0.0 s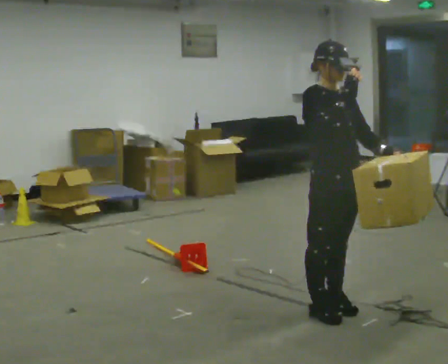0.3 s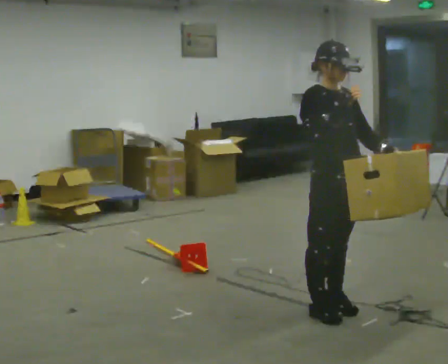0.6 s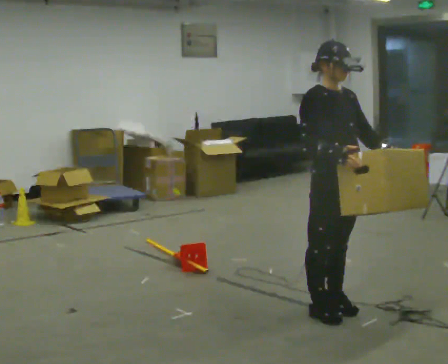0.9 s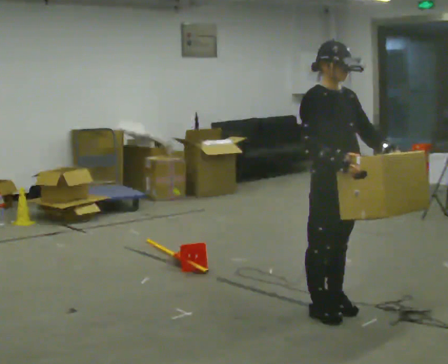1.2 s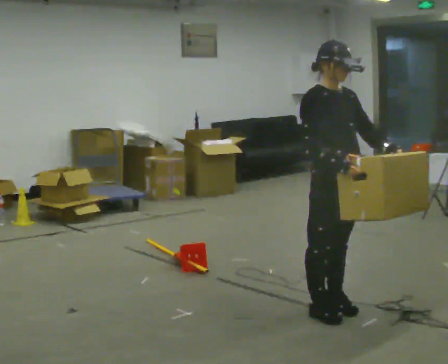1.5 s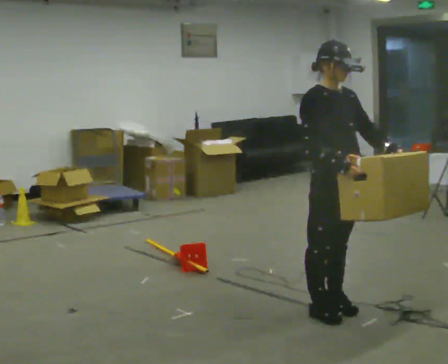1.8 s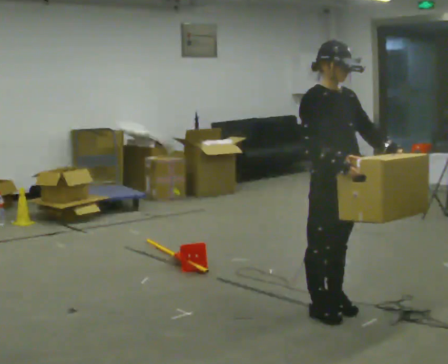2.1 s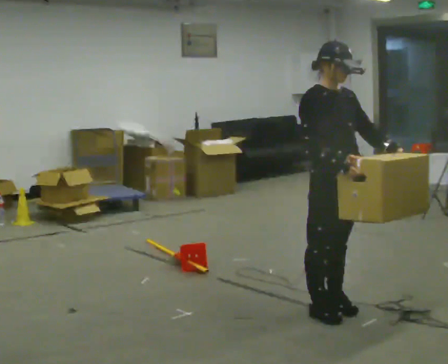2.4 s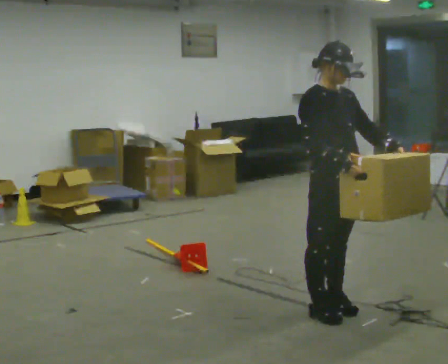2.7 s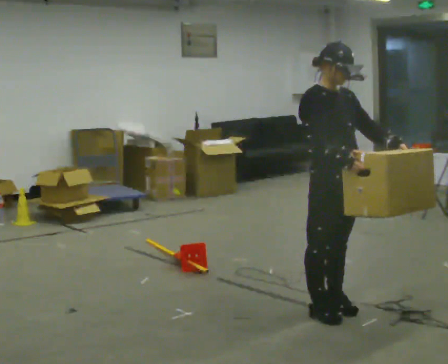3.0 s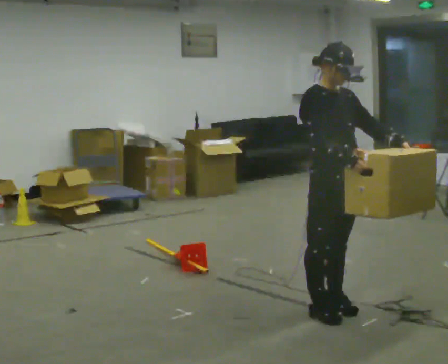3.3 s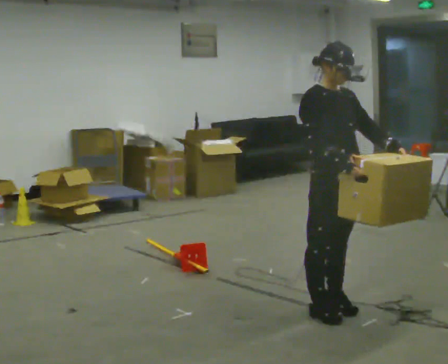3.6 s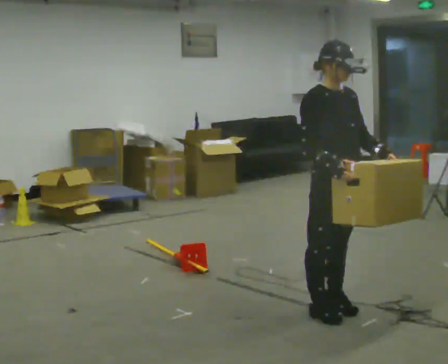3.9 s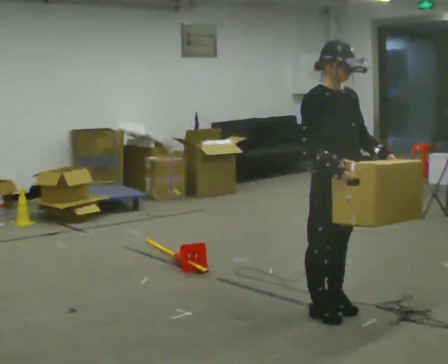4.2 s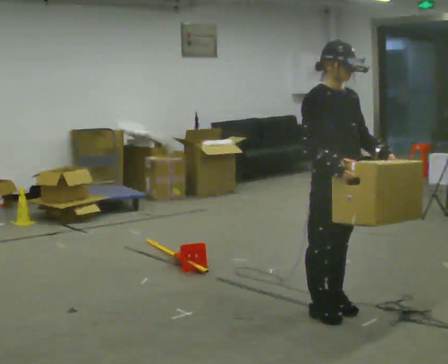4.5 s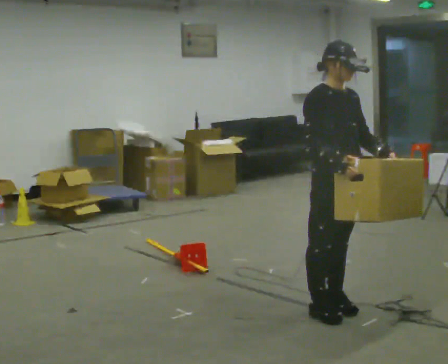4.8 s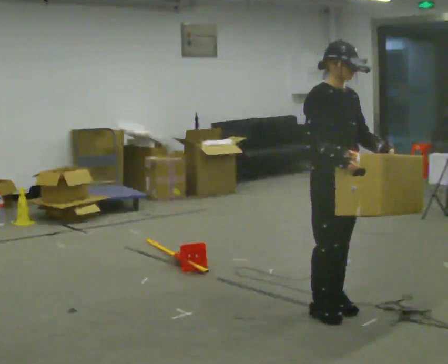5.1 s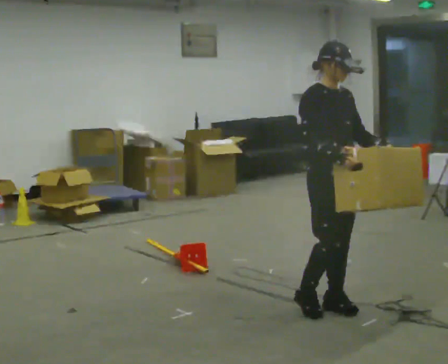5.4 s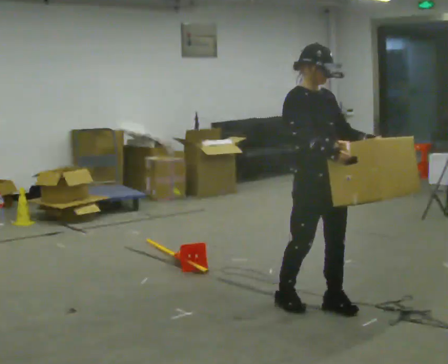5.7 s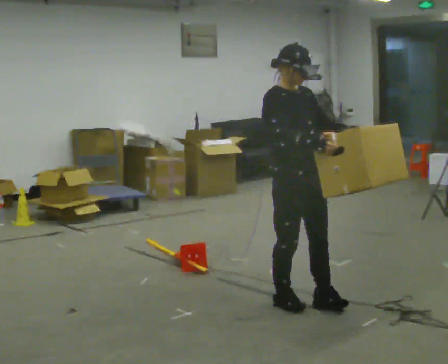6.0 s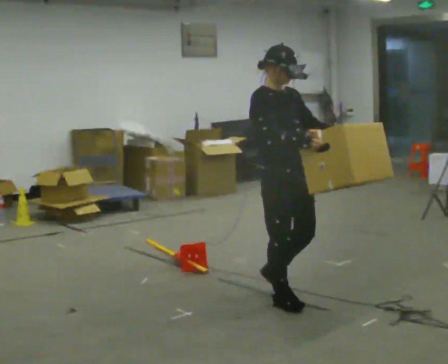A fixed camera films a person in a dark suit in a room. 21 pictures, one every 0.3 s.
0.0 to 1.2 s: In the picture their right hand goes downward.
1.2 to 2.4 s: The person keeps their place and pose.
2.4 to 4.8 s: The person moves a little, or ends about where they began.
4.8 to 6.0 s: In the picture they go to the left and away from the camera, about 0.25 m in 2 steps, which for them is backward.
The film runs backward here.
